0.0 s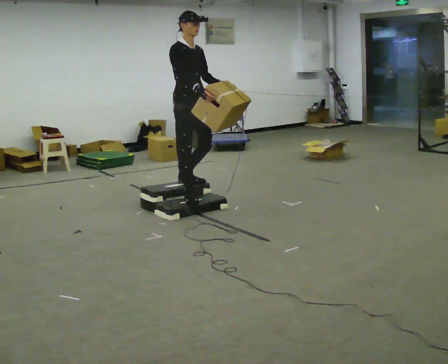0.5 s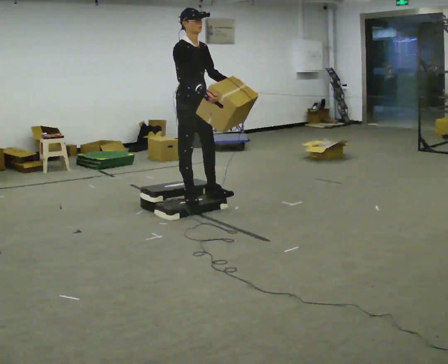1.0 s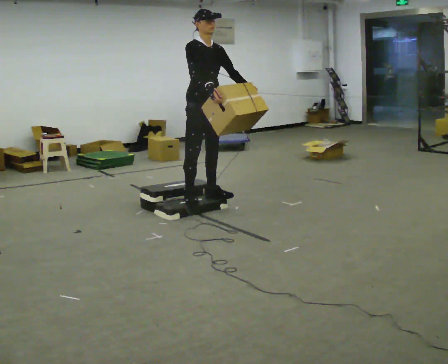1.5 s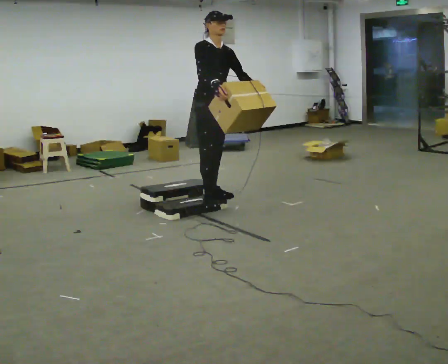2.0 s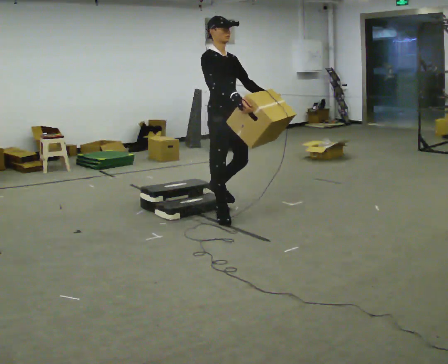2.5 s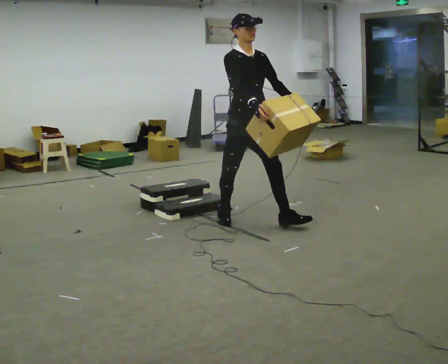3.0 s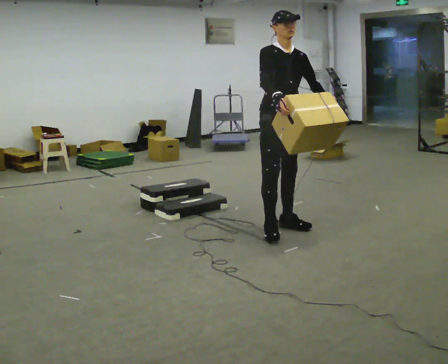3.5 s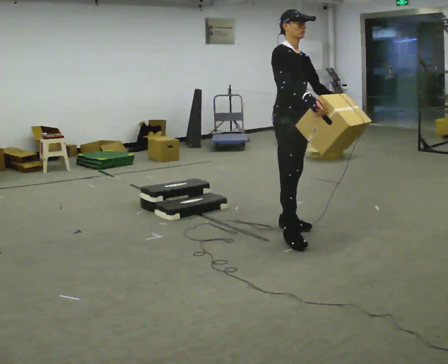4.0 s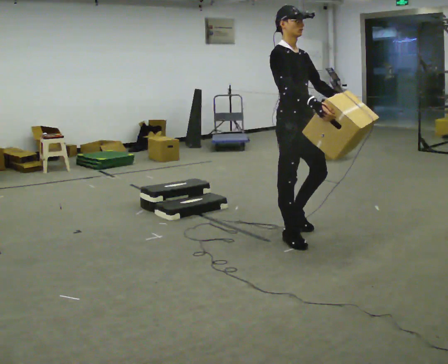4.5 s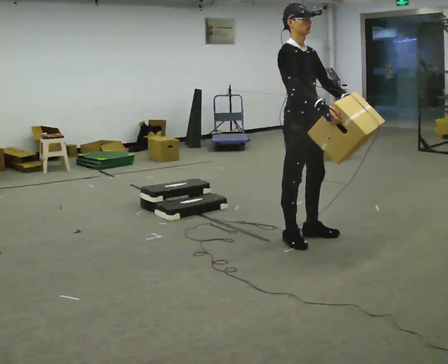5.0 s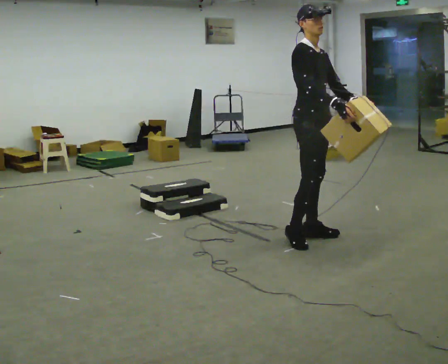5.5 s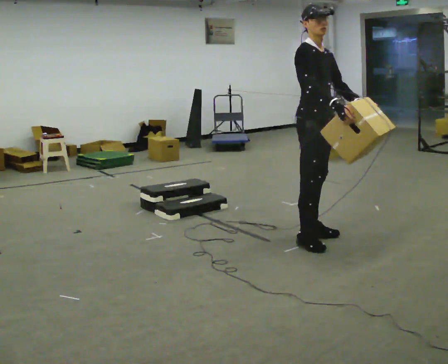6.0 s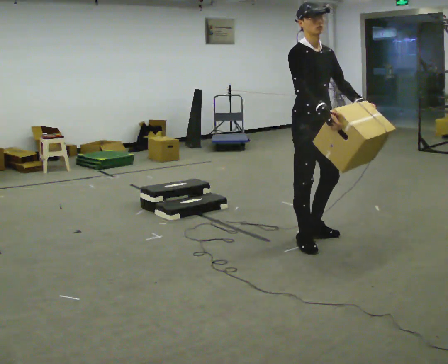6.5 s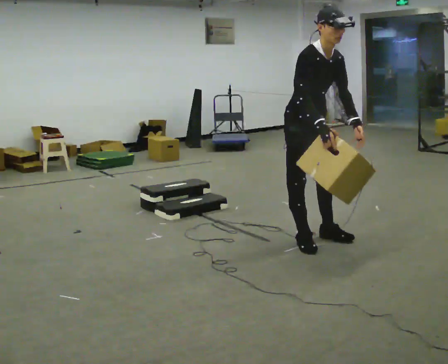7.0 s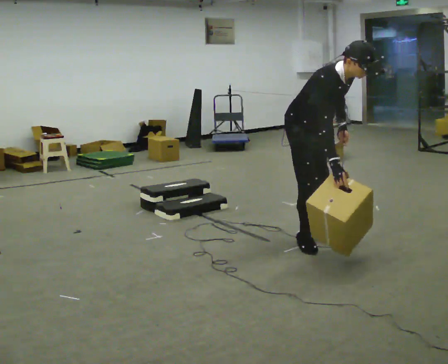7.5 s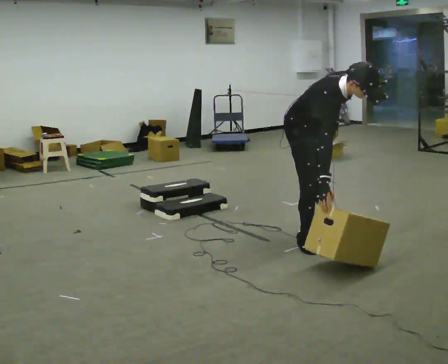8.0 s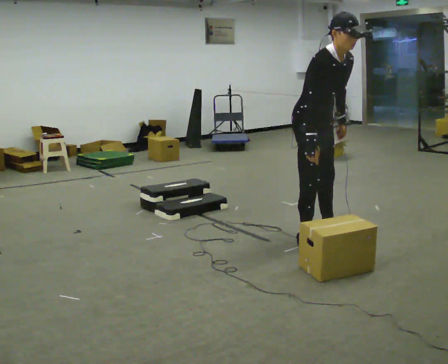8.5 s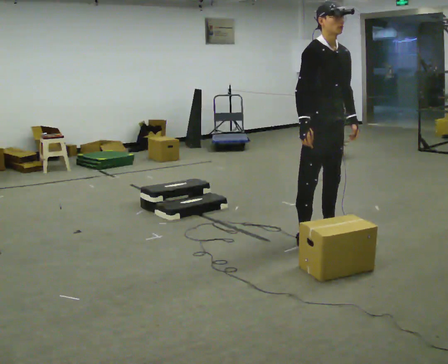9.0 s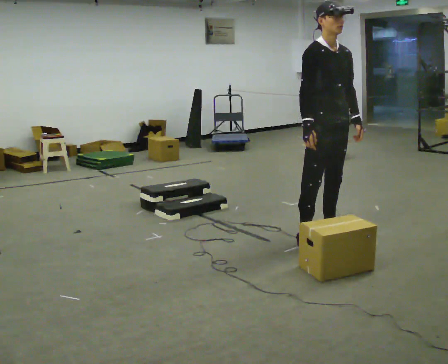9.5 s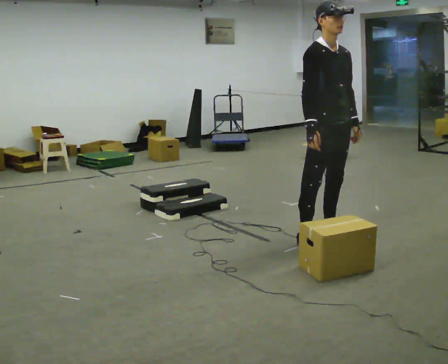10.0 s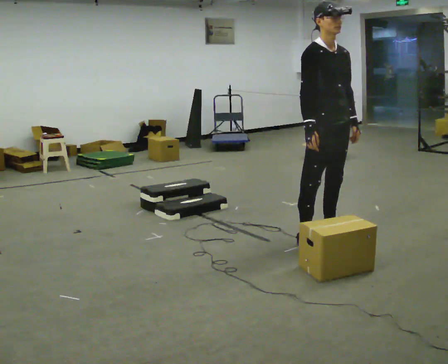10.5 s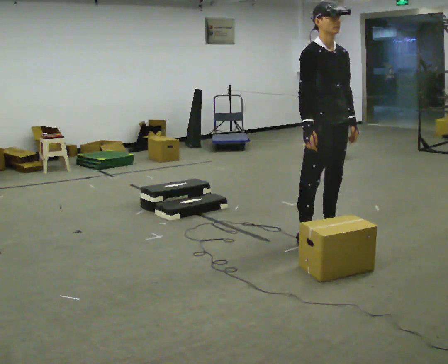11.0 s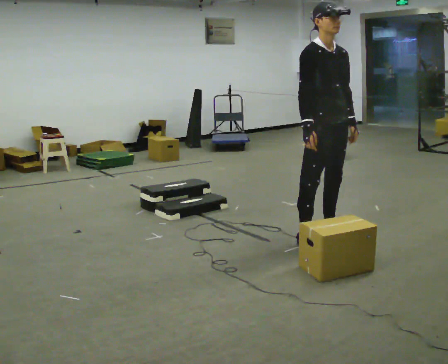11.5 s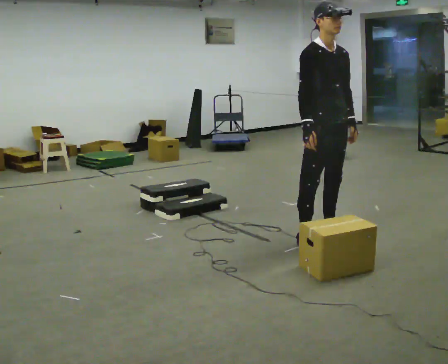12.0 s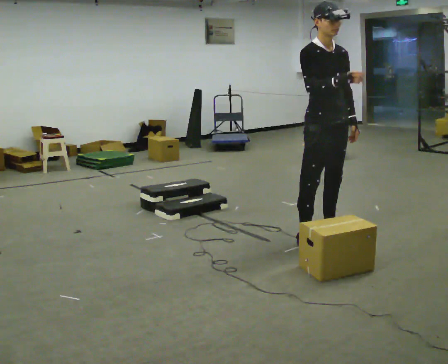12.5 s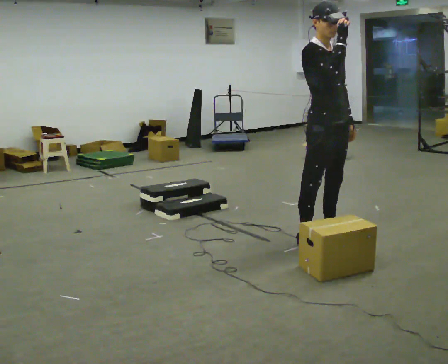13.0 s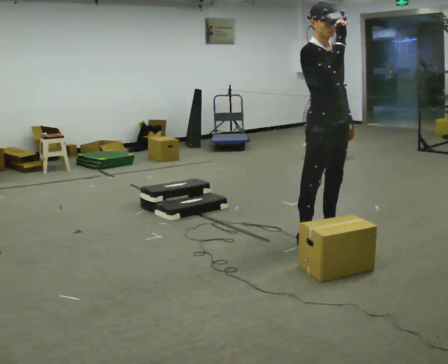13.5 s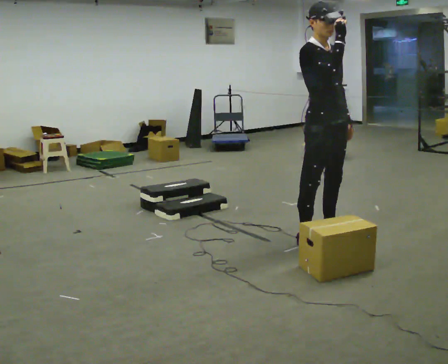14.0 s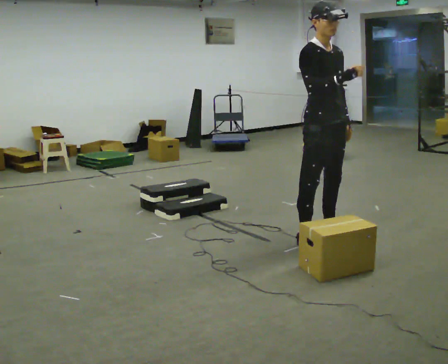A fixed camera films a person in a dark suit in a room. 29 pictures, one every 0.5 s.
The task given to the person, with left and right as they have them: Carry the box up the three steps, turn at the top, and carry it back down. Use the handrail only if you need it. Keep going until the operator says stop; one object at a time, and do not rush between trips.
0.0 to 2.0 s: In the picture they go to the right and toward the camera, about 0.5 m in 2 steps, which for them is forward.
2.0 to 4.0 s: In the picture they go to the right and toward the camera, about 1 m in 2 steps, which for them is forward.
4.0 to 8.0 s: In the picture they go to the right, about 0.25 m in 1 step, which for them is forward.
8.0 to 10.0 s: In the picture the upper body tilts counterclockwise, shoulders to the left, as they lean back or straighten.
10.0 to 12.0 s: In the picture their right hand goes upward.
12.0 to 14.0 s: The person moves a little, or ends about where they began.
The film runs forward here.
